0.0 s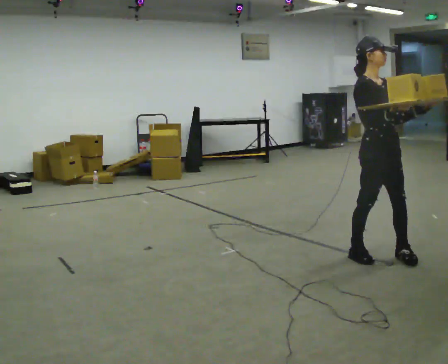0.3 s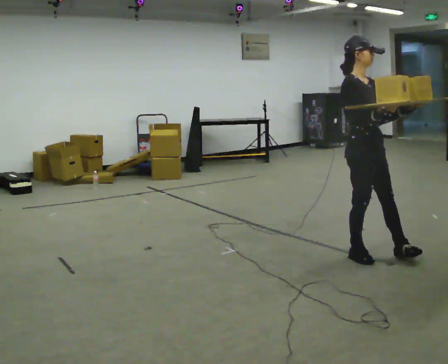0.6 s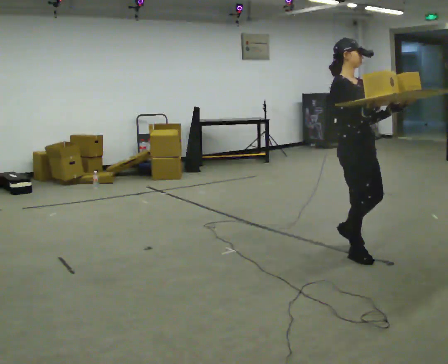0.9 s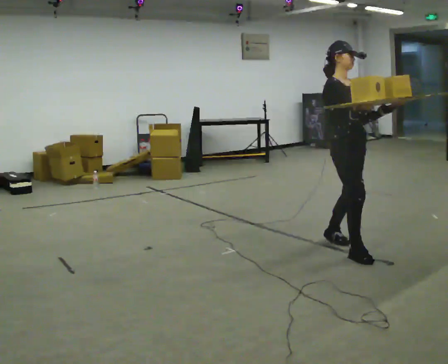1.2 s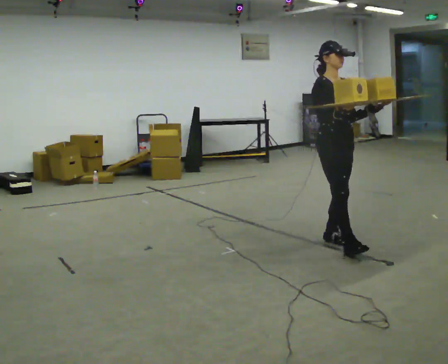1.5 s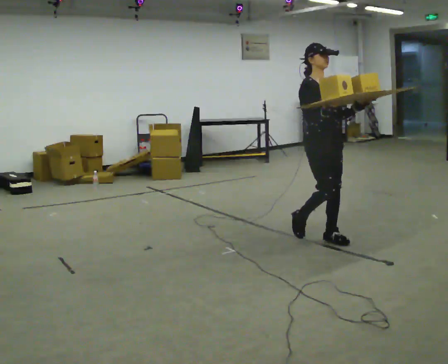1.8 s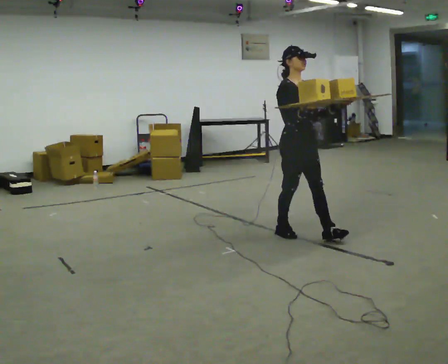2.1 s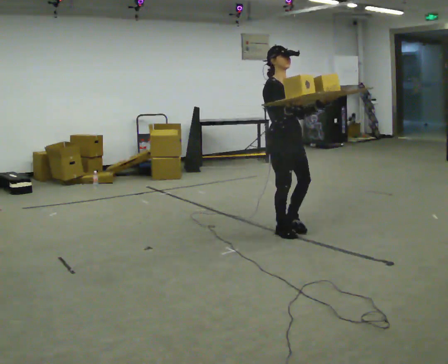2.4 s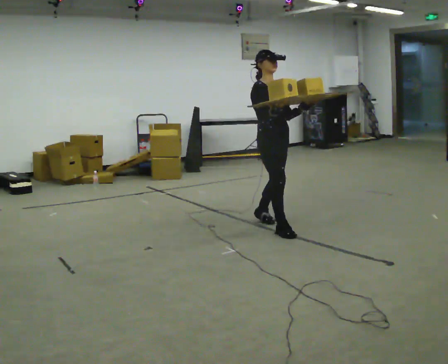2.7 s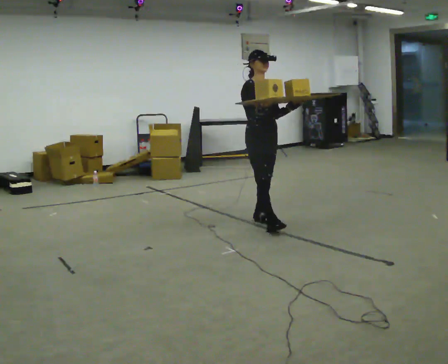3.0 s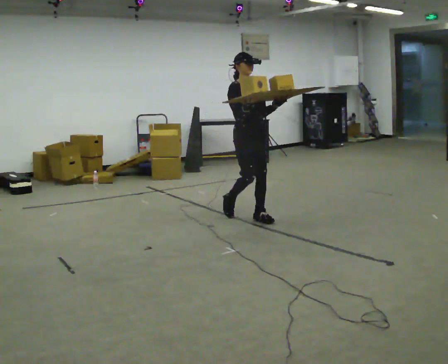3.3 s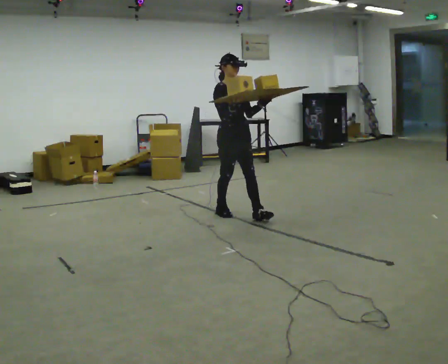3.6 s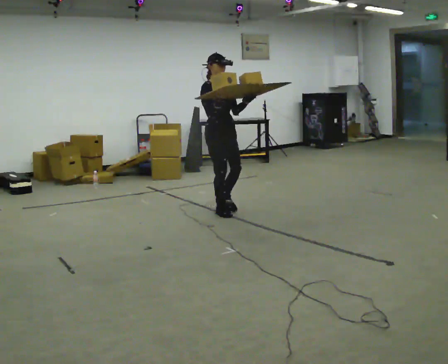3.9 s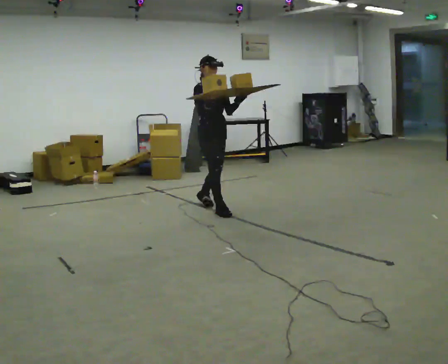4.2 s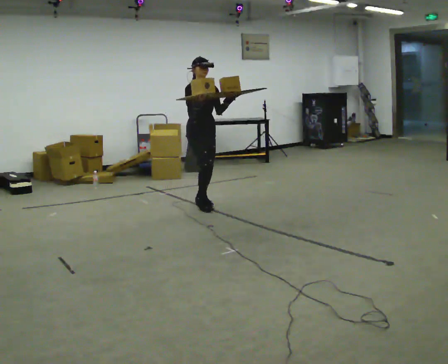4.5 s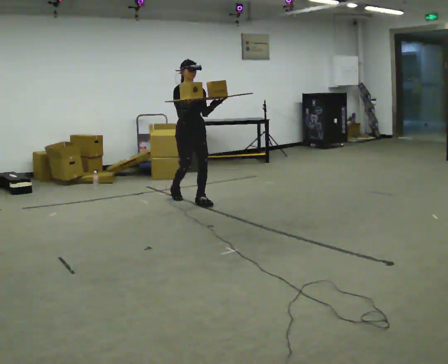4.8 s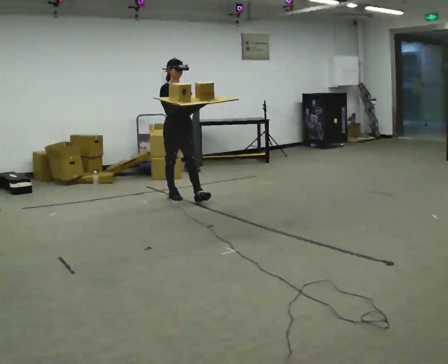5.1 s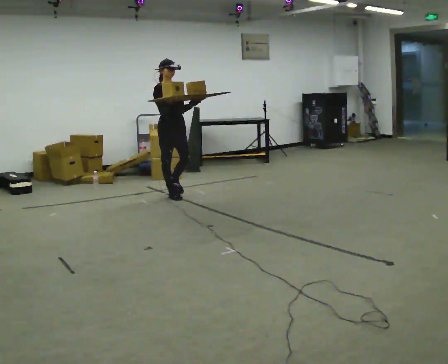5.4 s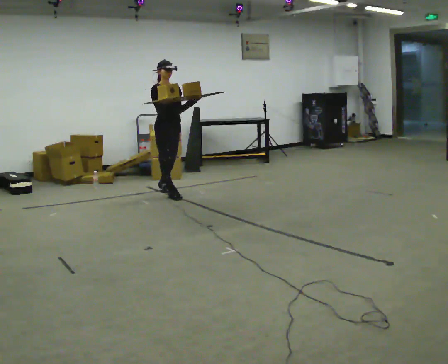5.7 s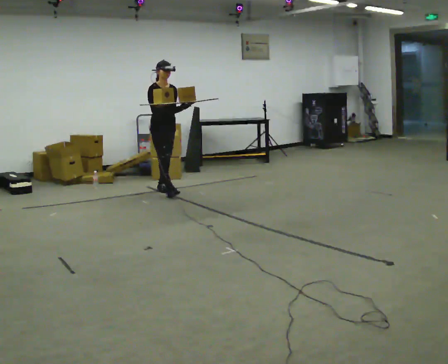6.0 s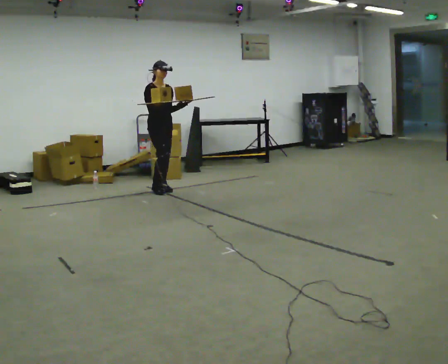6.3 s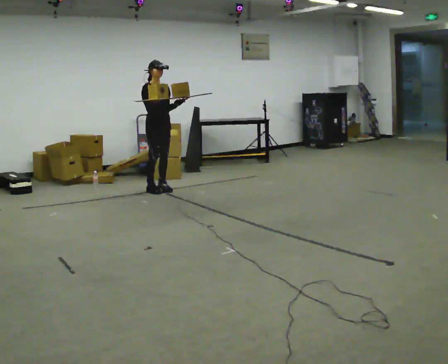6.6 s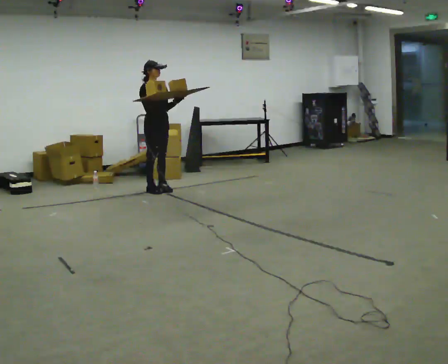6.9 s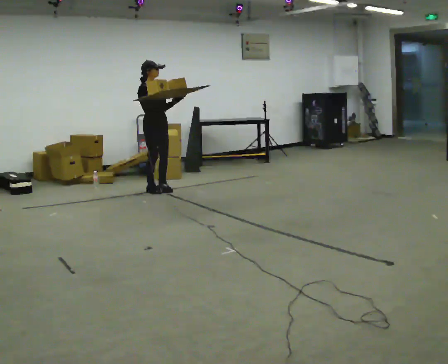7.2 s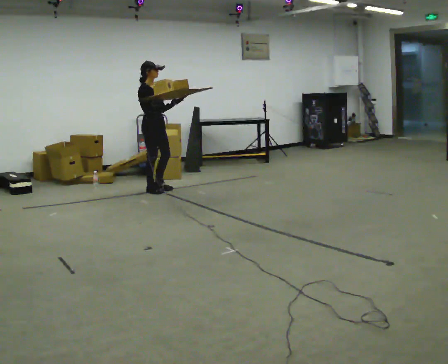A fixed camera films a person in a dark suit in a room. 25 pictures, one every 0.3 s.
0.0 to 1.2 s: In the picture they go away from the camera and to the left, about 0.5 m in 2 steps, which for them is backward.
1.2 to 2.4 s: In the picture they go away from the camera and to the left, about 0.5 m in 1 step, which for them is backward.
2.4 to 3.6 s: In the picture they go away from the camera and to the left, about 1 m in 2 steps, which for them is backward.
3.6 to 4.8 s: In the picture they go away from the camera and to the left, about 1 m in 2 steps, which for them is backward.
4.8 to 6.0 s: In the picture they go away from the camera and to the left, about 0.5 m in 1 step, which for them is backward.
6.0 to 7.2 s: The person moves a little, or ends about where they began.
The film runs backward here.
